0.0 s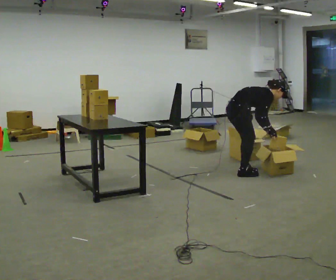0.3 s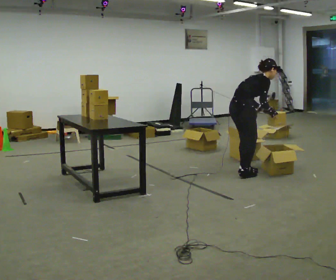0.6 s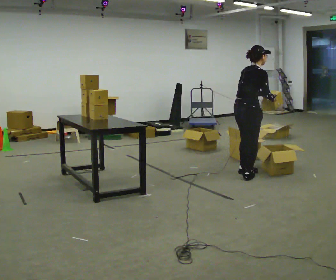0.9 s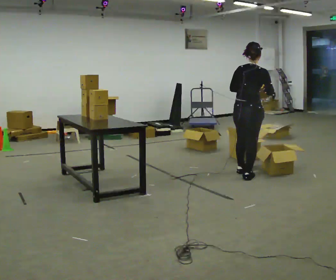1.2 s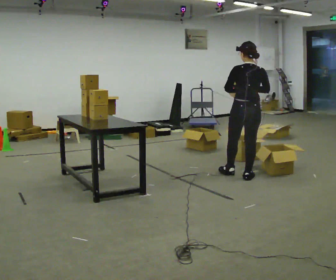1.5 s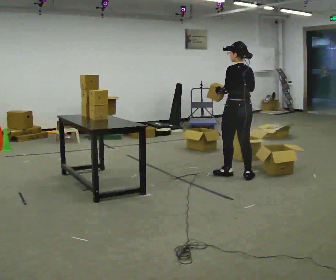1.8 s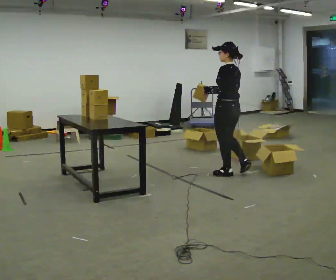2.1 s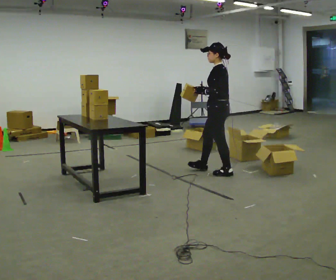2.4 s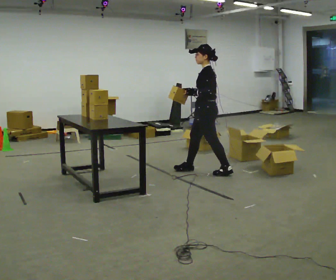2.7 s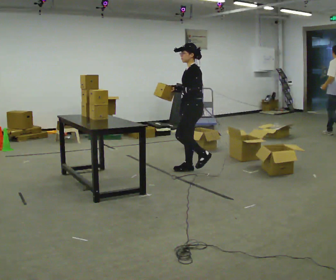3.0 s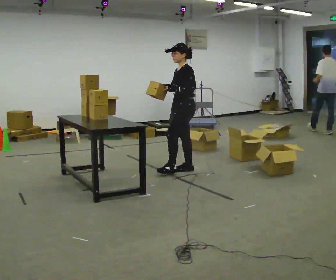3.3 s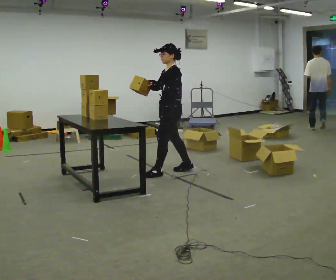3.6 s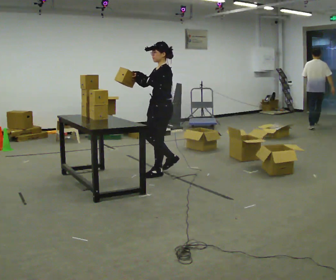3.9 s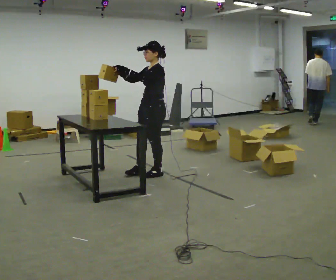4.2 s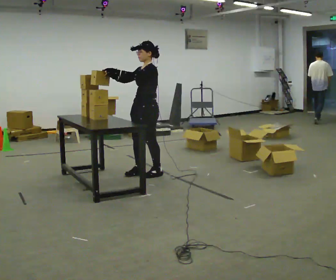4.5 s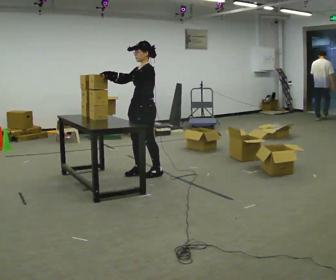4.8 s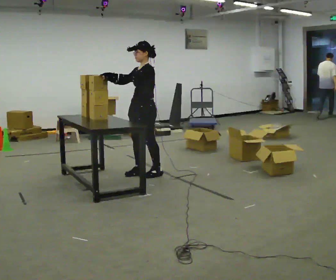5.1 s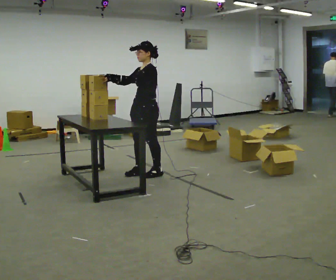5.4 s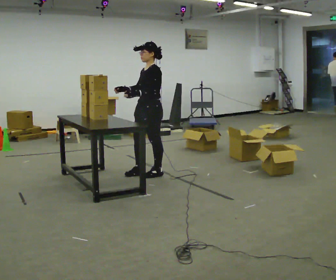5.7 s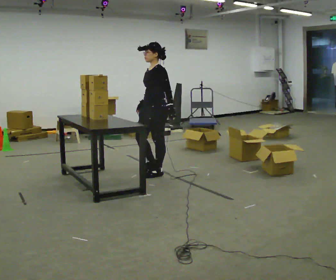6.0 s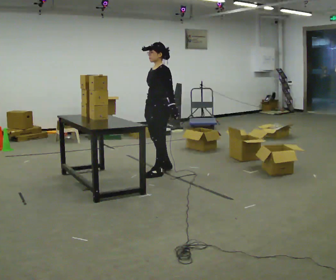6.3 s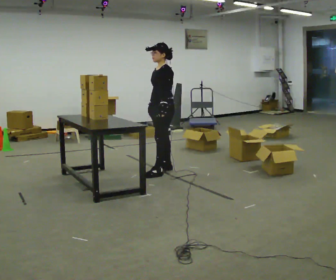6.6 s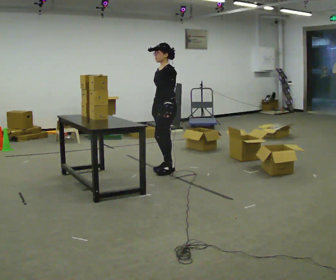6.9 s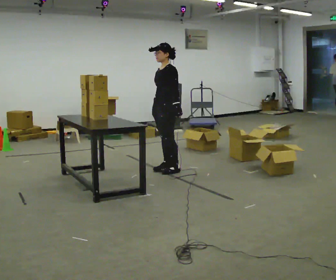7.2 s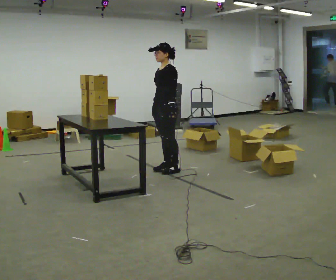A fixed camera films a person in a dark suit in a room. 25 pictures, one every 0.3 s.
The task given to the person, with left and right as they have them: 1. Read the parts list. 2. Collect each part from the bins around the room. 3. Lay them out on the table in the order on the list. 4. Put them all in the carry case. 5. Tell the operator when you are finished.
0.0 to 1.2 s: Seen from above the body turns counterclockwise, about 75 degrees: to their left, with its near side sliding to the right. In the picture they go toward the camera, about 0.25 m in 1 step. The upper body goes upward. In the picture the upper body tilts counterclockwise, shoulders to the left, as they lean back or straighten. In the picture their right hand goes upward.
1.2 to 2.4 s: The person turns about 90 degrees to their left, counterclockwise seen from above, so the part of the body nearest the lens slides to the right. In the picture they go to the left and away from the camera, about 0.5 m in 2 steps.
2.4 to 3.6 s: In the picture they go to the left, about 0.5 m in 1 step, which for them is forward.
3.6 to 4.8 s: In the picture they go to the left, about 0.25 m in 1 step, which for them is forward. In the picture their left hand goes to the left.
4.8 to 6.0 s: In the picture they go to the right, about 0.25 m in 1 step, which for them is backward. In the picture their left hand goes to the right and downward.
6.0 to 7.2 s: The person moves a little, or ends about where they began.
The film runs forward here.
